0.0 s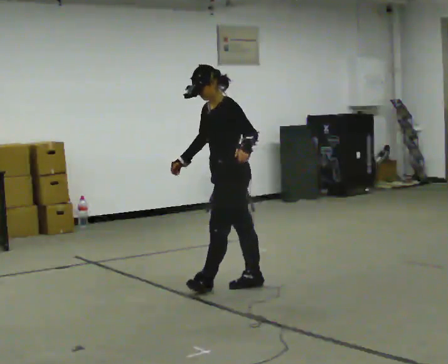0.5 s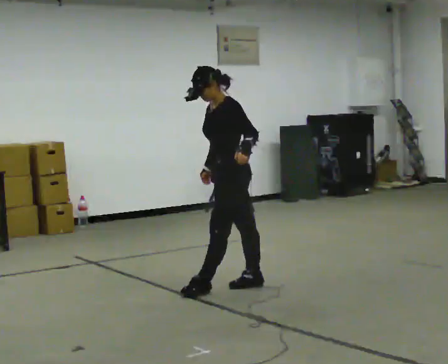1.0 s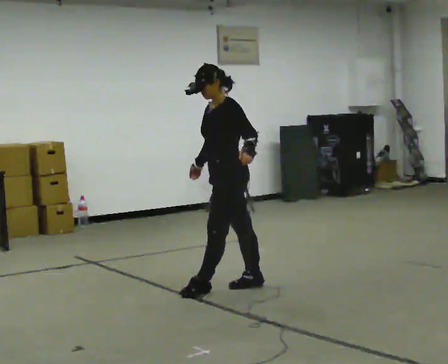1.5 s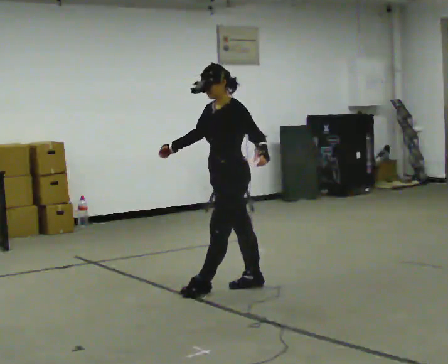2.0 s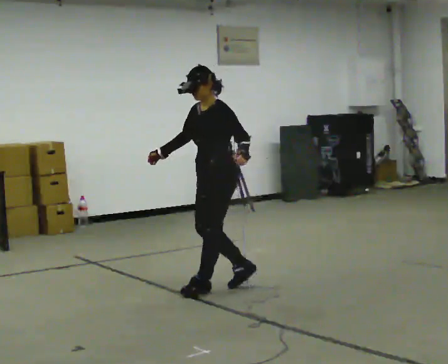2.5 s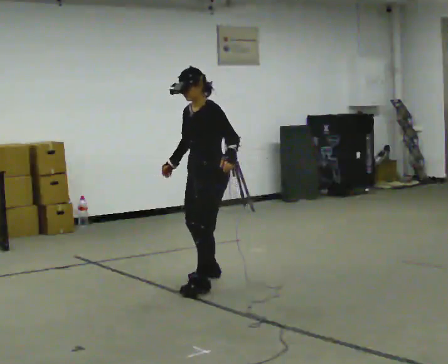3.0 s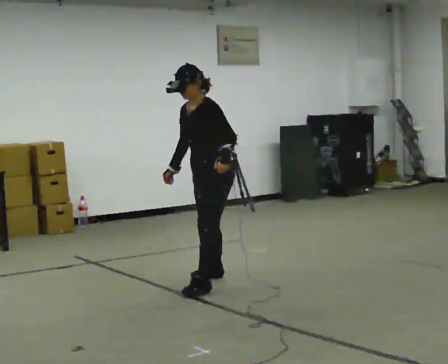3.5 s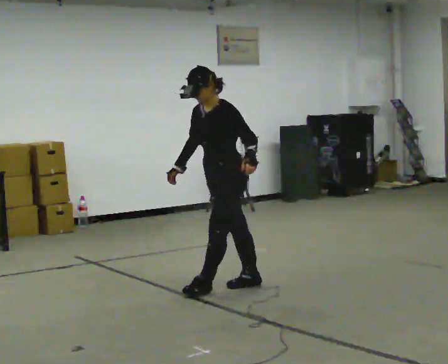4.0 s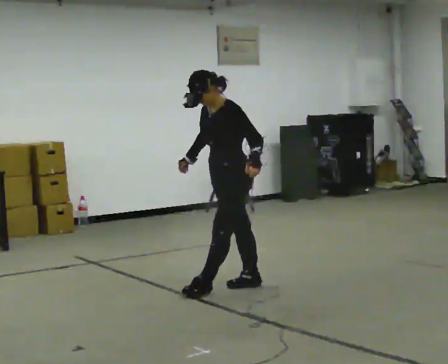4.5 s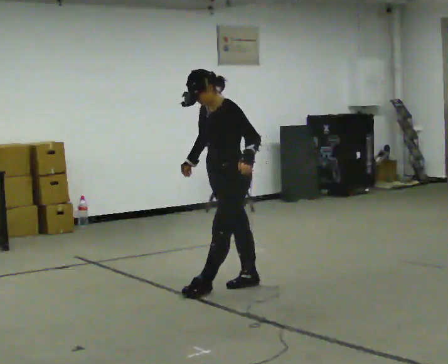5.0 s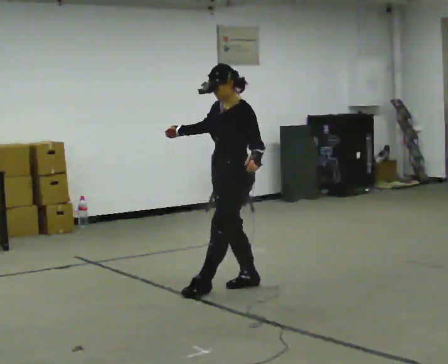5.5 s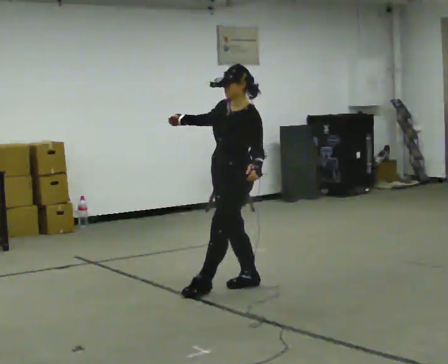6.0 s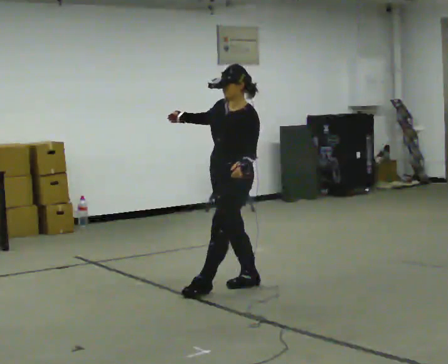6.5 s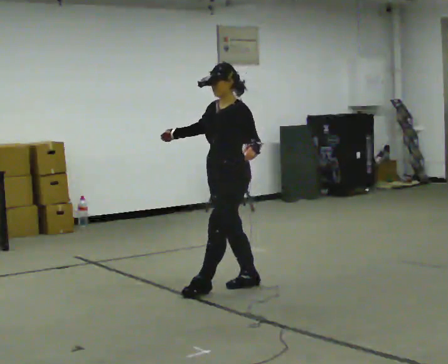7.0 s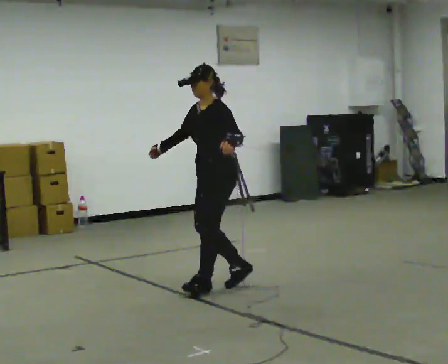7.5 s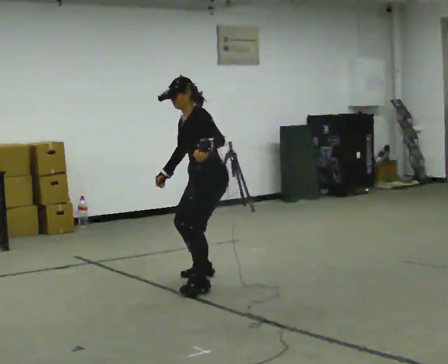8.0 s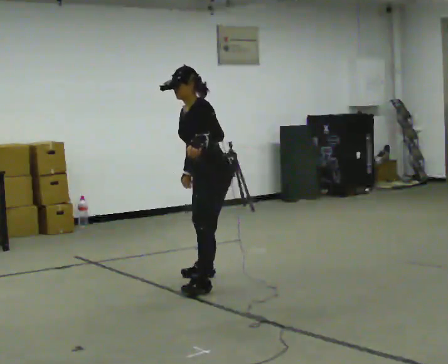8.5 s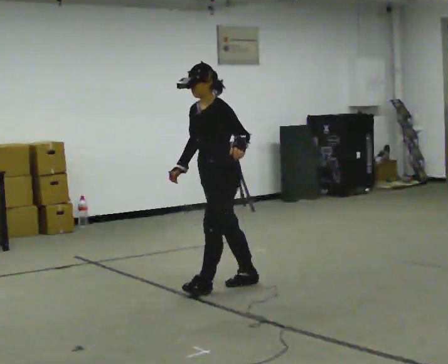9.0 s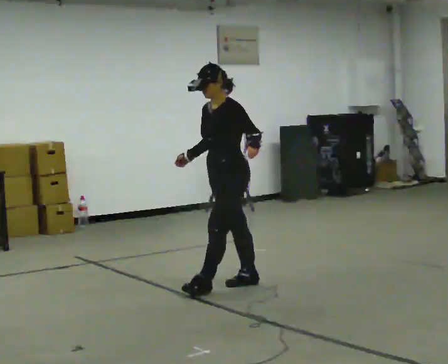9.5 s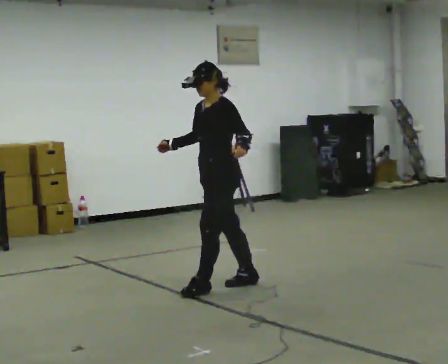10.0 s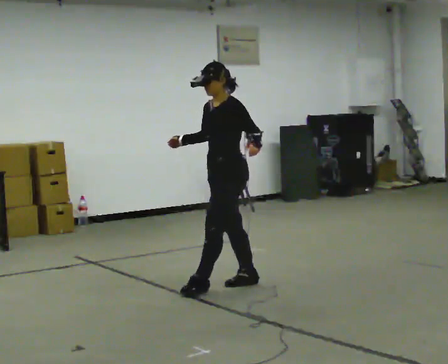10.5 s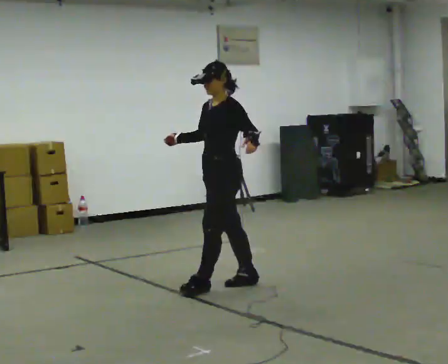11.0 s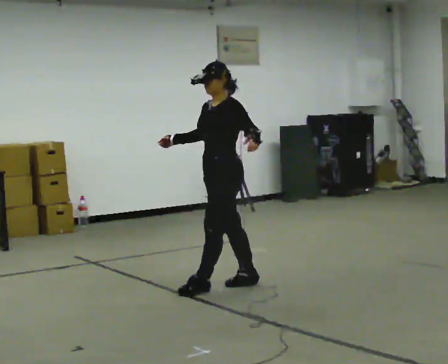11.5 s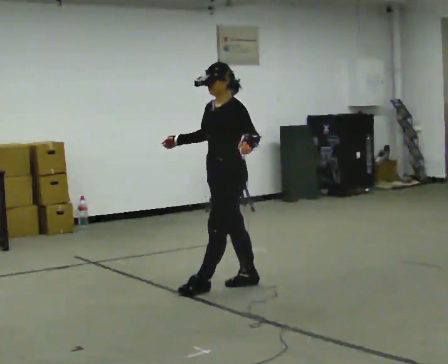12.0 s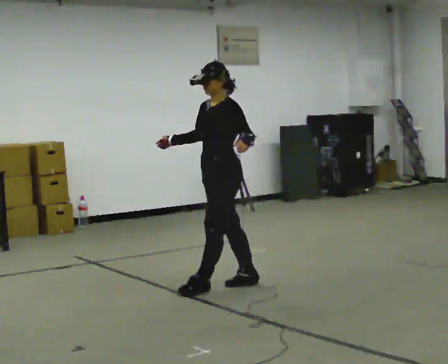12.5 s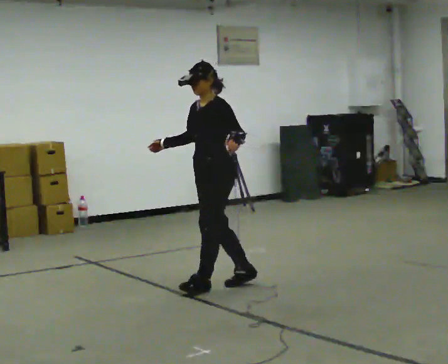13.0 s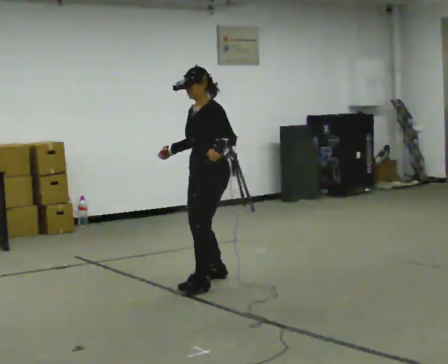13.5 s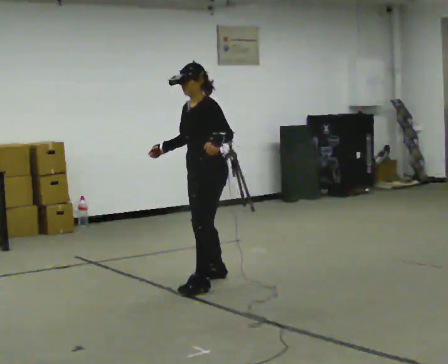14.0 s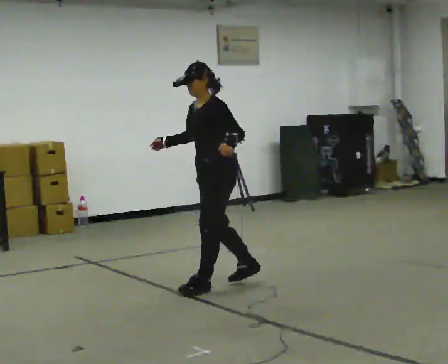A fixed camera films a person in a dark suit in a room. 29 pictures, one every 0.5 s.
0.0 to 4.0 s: The person moves a little, or ends about where they began.
4.0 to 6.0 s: In the picture the upper body tilts clockwise, shoulders to the right, as they lean back or straighten.
6.0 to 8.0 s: In the picture they go to the left, about 0.25 m in 1 step, which for them is to their right. In the picture the upper body tilts counterclockwise, shoulders to the left, as they bend forward. In the picture their right hand goes downward, the arm swinging counterclockwise.
8.0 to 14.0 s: The person moves a little, or ends about where they began.
The film runs forward here.
